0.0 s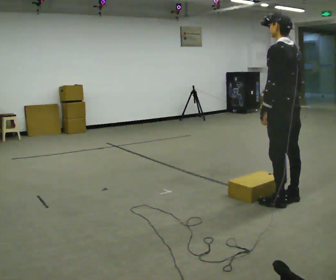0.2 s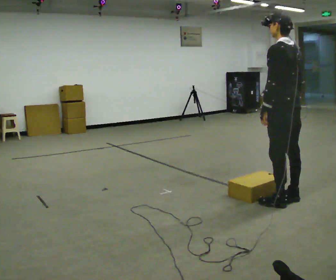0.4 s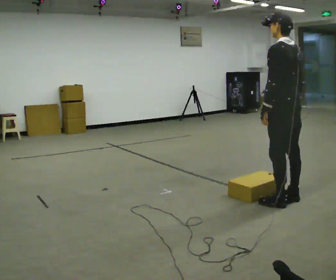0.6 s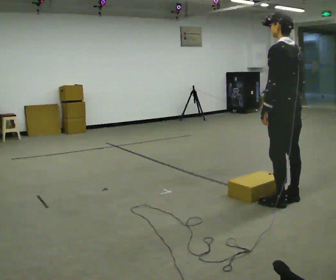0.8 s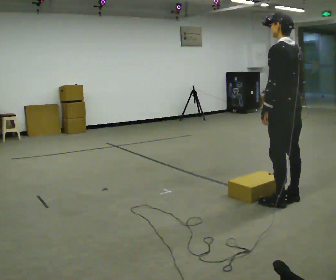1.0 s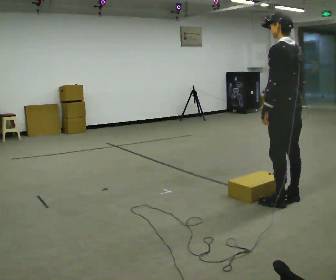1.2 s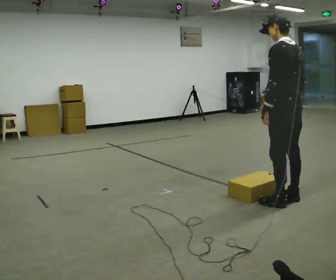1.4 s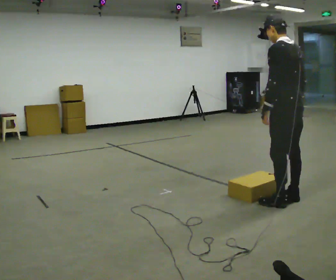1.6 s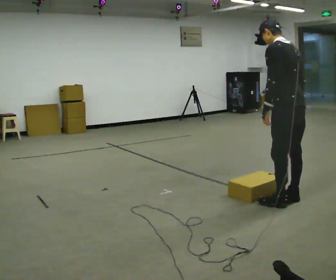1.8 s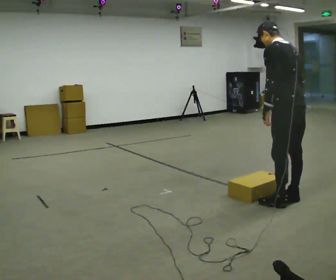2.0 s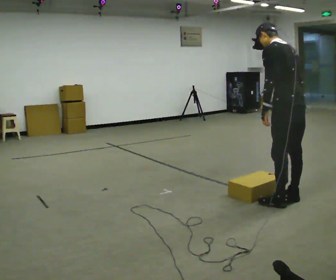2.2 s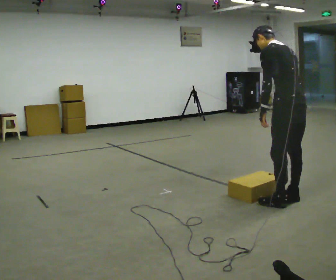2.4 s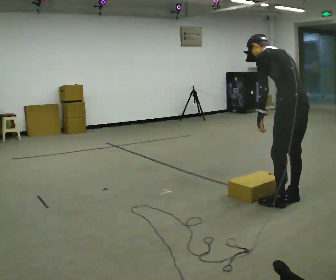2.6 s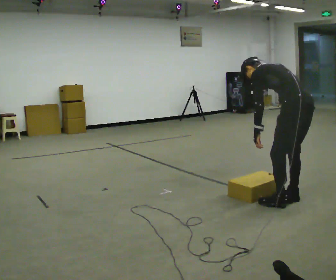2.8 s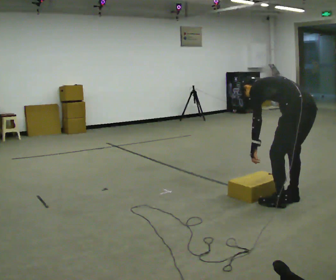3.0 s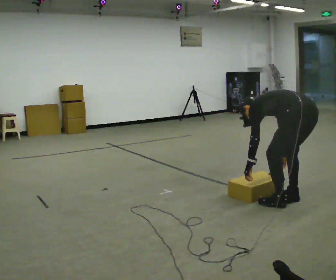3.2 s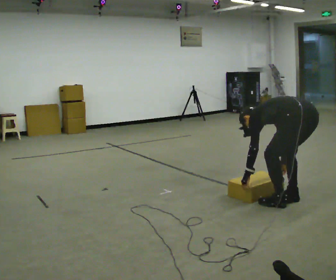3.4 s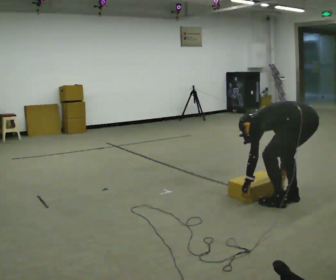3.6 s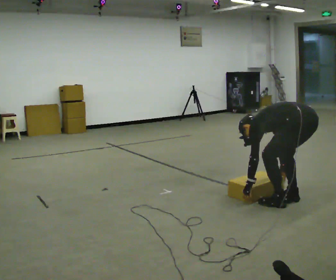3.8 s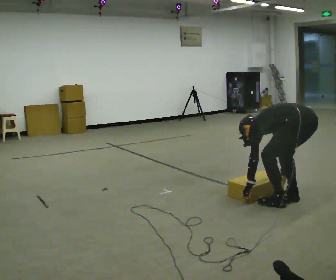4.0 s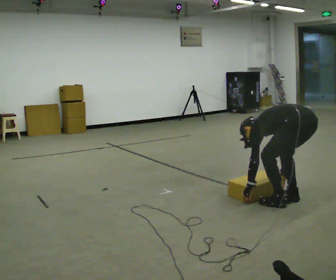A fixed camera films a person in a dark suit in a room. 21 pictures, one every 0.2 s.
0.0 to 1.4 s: The person moves a little, or ends about where they began.
1.4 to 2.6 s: The upper body goes downward. In the picture the upper body tilts counterclockwise, shoulders to the left, as they bend forward.
2.6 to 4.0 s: The upper body goes downward. In the picture the upper body tilts counterclockwise, shoulders to the left, as they bend forward. In the picture their left hand goes downward.
The film runs forward here.
